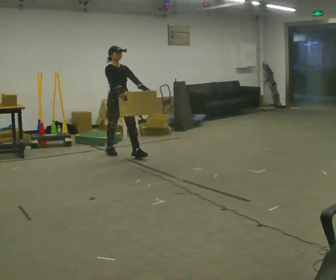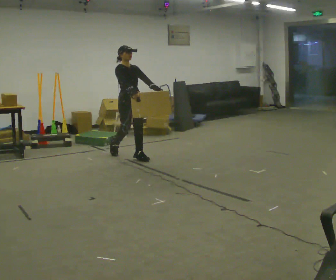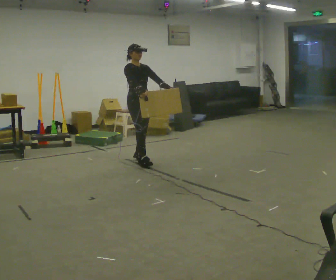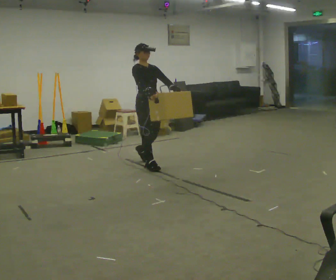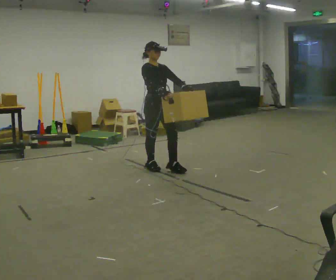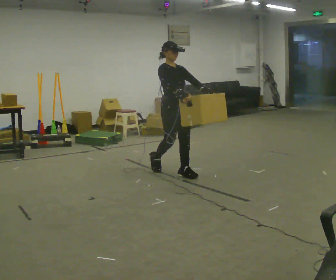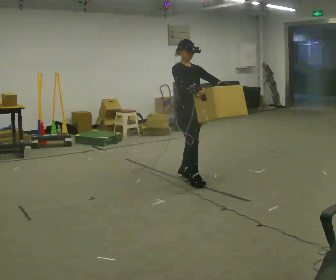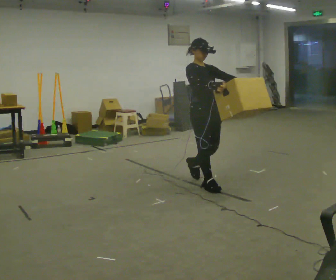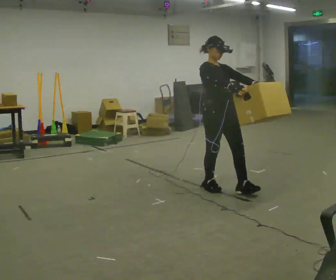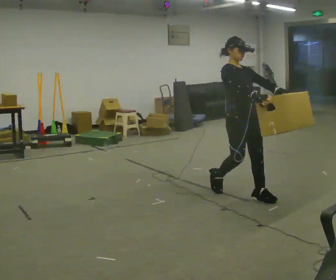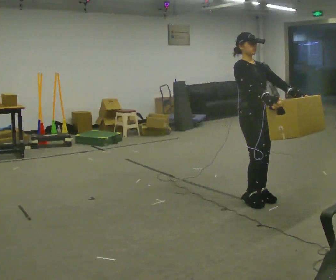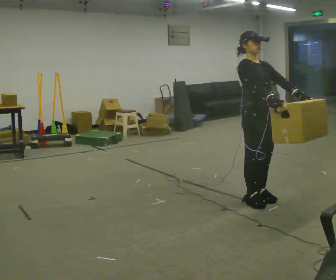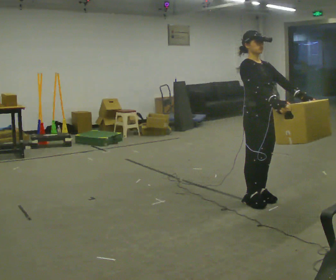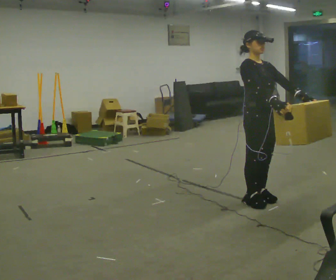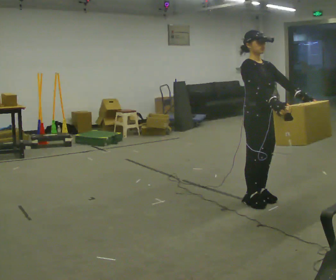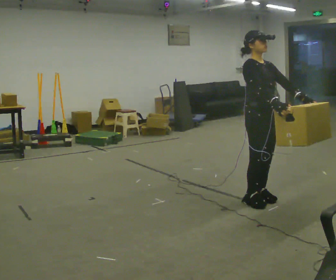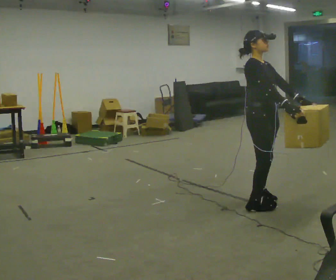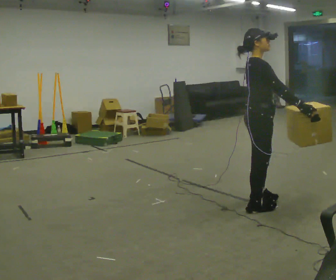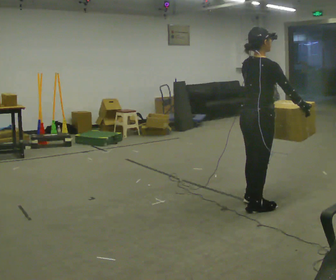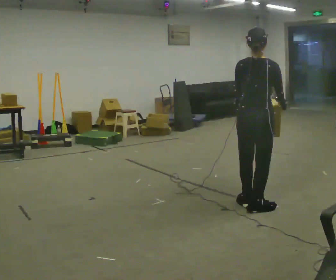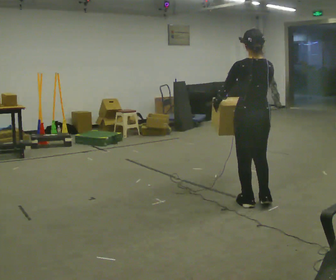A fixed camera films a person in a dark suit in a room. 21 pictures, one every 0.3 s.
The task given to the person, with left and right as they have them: Carry the heavy box in both hands in front of you, walking back and forth across the room. Keep walking until the operator says stop. Set it down if you need a rest.
0.0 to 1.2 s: In the picture they go to the right and toward the camera, about 1 m in 2 steps, which for them is forward.
1.2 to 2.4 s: In the picture they go to the right and toward the camera, about 1 m in 2 steps, which for them is forward.
2.4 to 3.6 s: In the picture they go to the right and toward the camera, about 0.5 m in 2 steps, which for them is forward.
3.6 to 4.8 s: The person moves a little, or ends about where they began.
4.8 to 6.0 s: Seen from above the body turns counterclockwise, about 135 degrees: to their left, with its near side sliding to the right. In the picture their left hand goes to the left, the arm swinging clockwise.
The film runs forward here.
